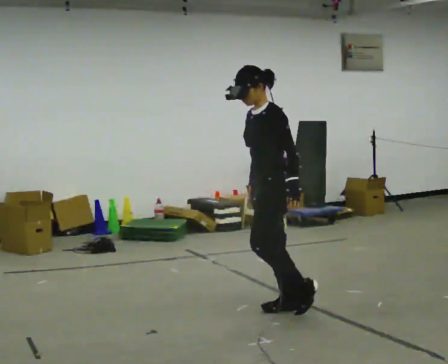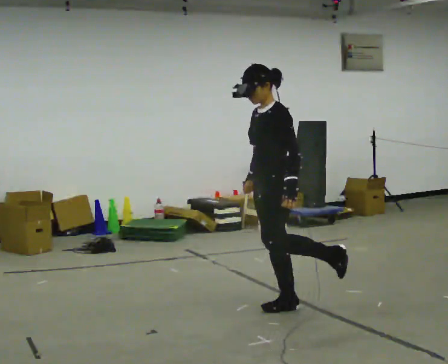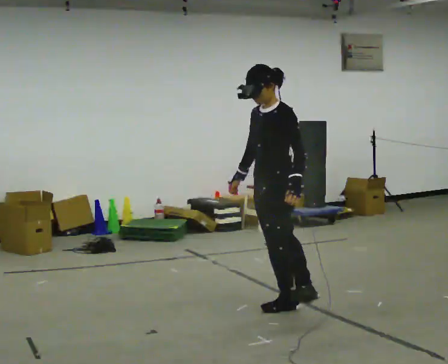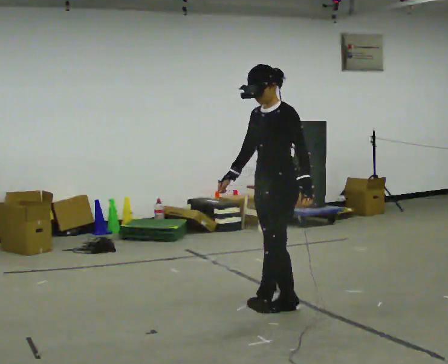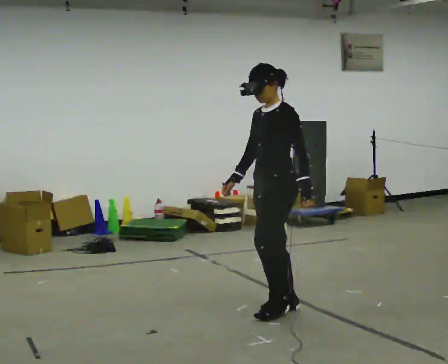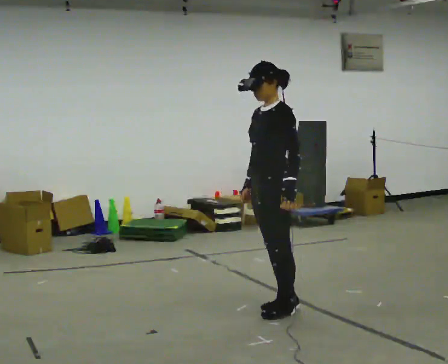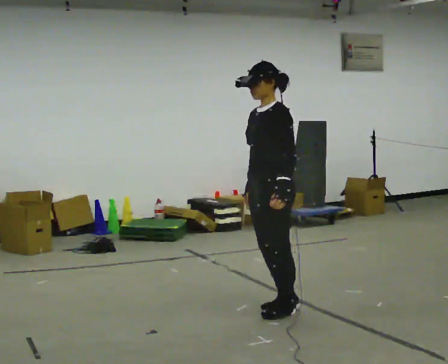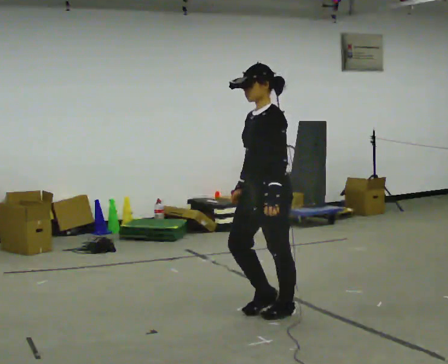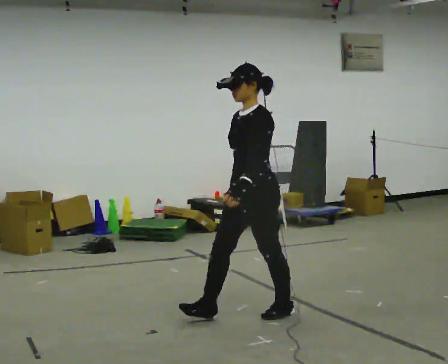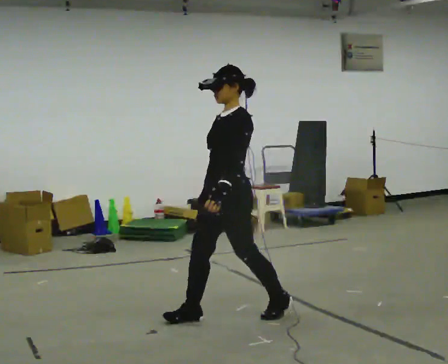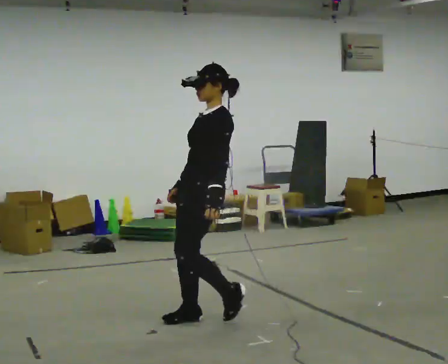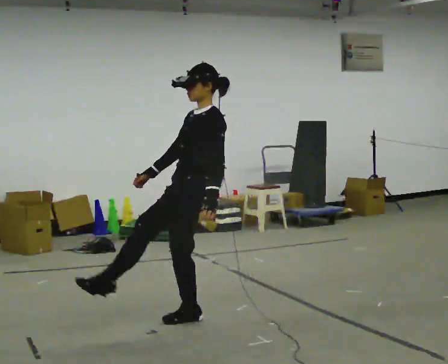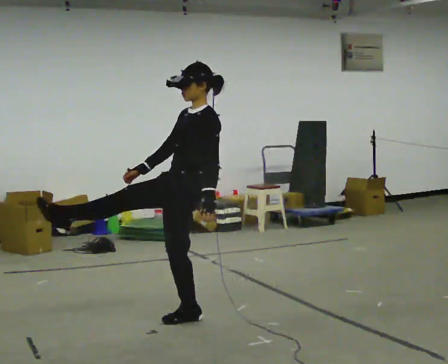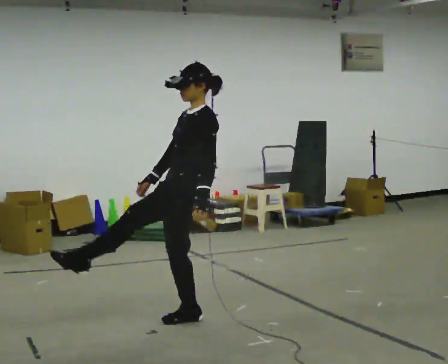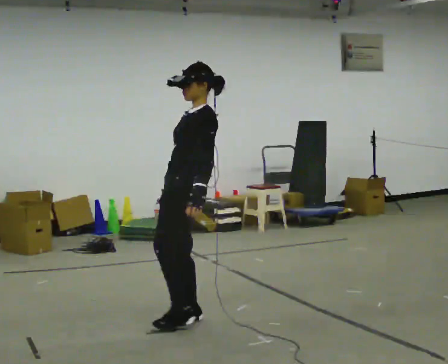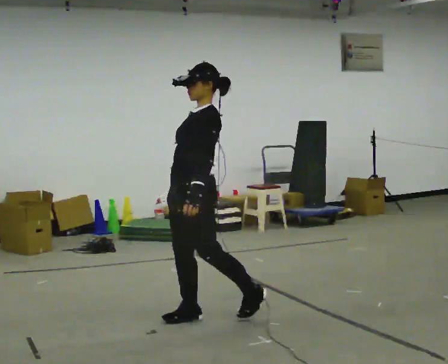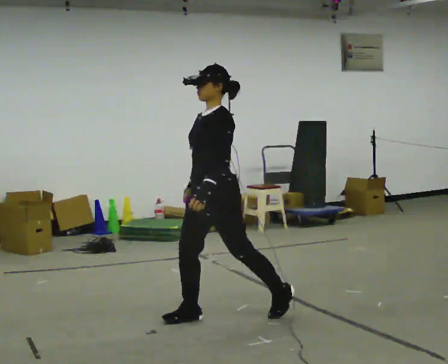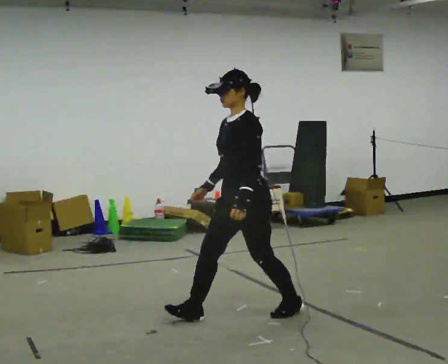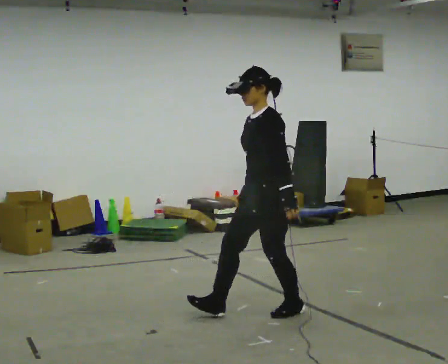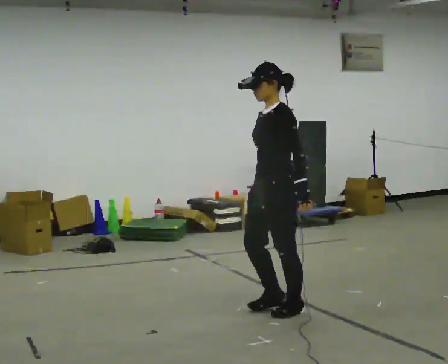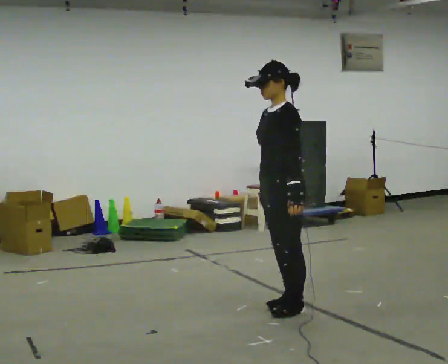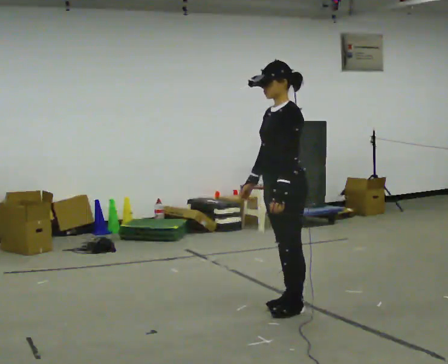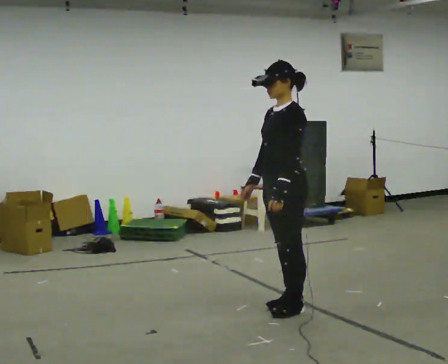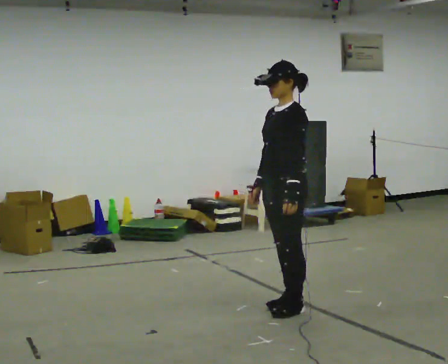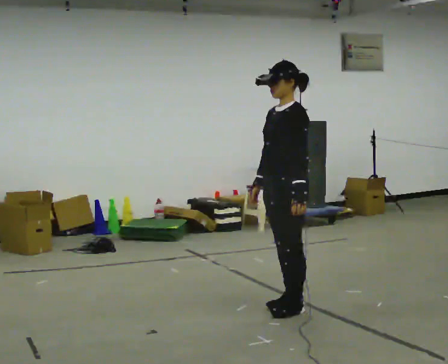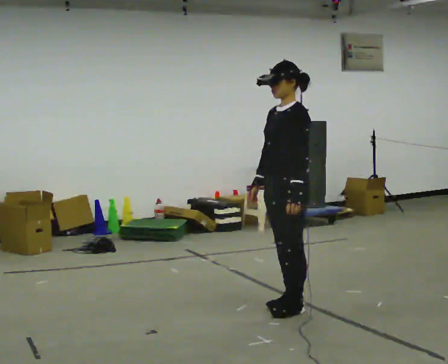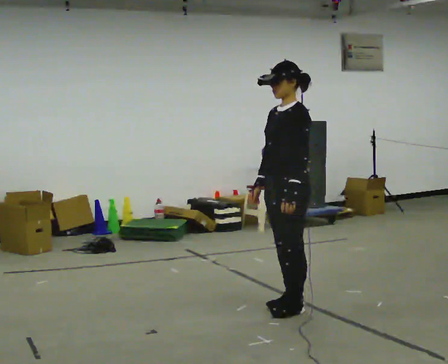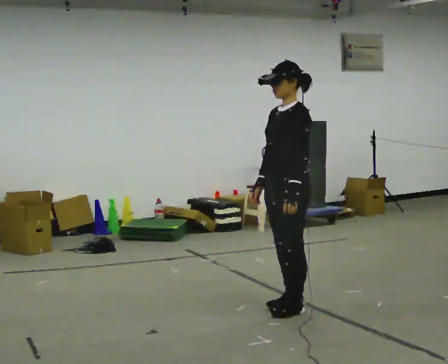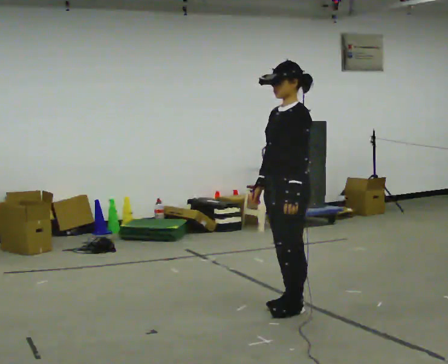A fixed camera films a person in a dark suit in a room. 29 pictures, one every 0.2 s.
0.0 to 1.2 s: The person moves a little, or ends about where they began.
1.2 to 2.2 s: In the picture they go to the left, about 0.5 m in 1 step, which for them is forward.
2.2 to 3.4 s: In the picture they go to the right, about 0.25 m in 2 steps, which for them is backward. In the picture the upper body tilts counterclockwise, shoulders to the left, as they bend forward.
3.4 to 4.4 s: In the picture they go to the right, about 0.25 m in 1 step, which for them is backward.
4.4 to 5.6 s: The person moves a little, or ends about where they began.
The film runs forward here.
